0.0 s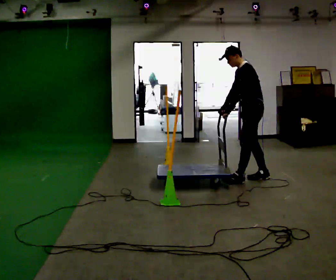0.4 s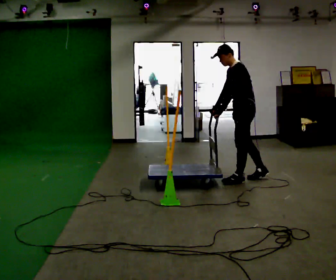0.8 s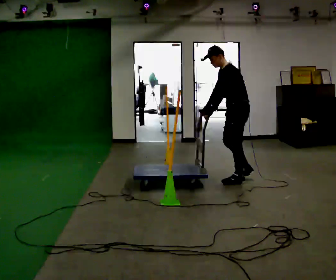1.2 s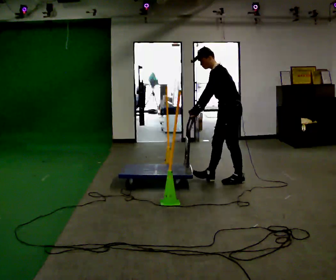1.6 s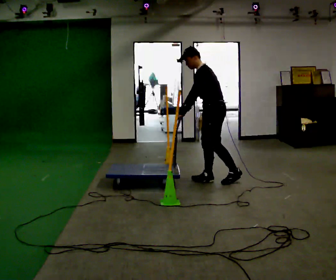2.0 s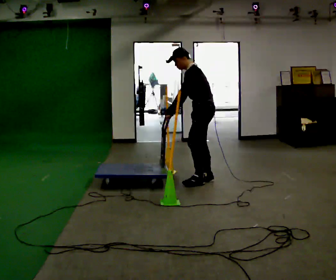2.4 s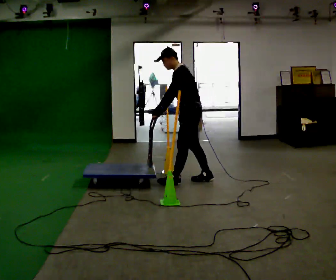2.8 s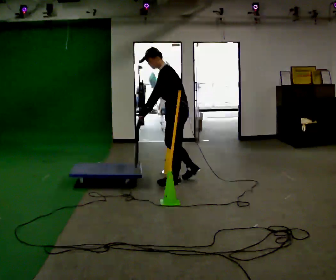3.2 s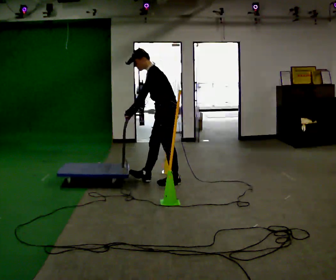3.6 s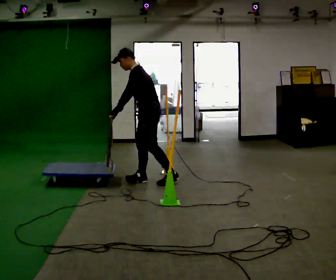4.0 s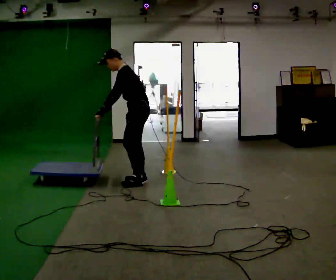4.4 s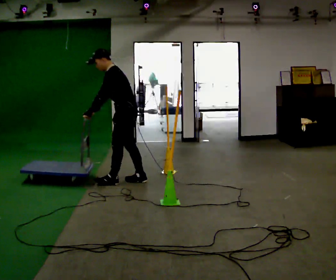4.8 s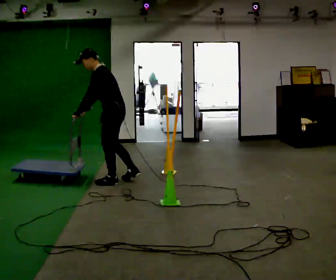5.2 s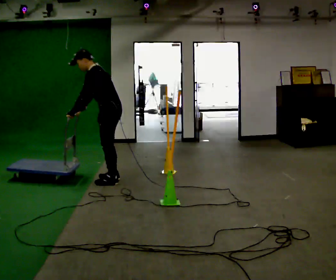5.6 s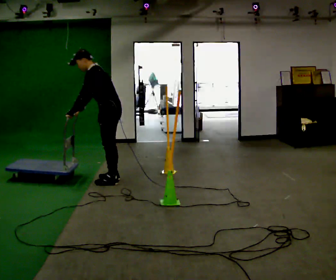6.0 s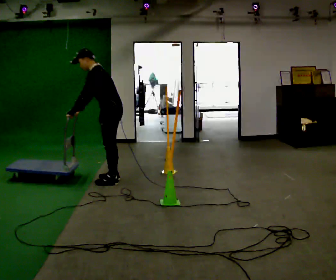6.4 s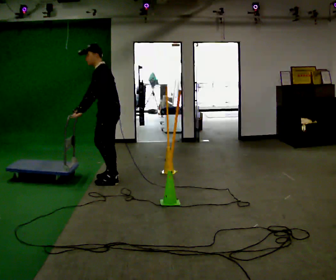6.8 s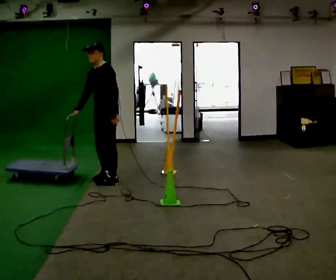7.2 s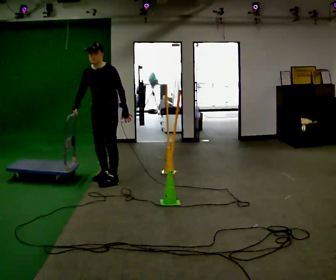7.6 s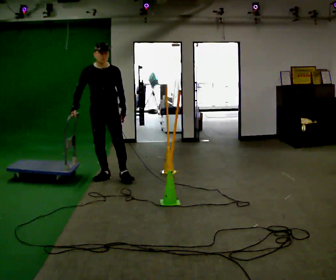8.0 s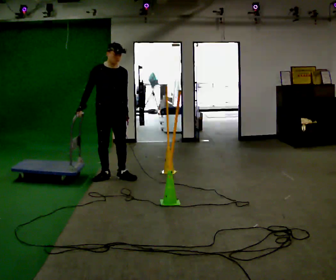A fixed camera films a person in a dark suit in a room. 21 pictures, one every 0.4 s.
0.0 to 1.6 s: In the picture they go to the left, about 0.5 m in 1 step, which for them is forward.
1.6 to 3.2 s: In the picture they go to the left, about 0.5 m in 1 step, which for them is forward.
3.2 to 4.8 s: In the picture they go to the left, about 0.5 m in 2 steps, which for them is forward.
4.8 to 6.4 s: The person moves a little, or ends about where they began.
6.4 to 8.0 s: The person turns about 105 degrees to their left, counterclockwise seen from above, so the part of the body nearest the lens slides to the right. In the picture they go away from the camera, about 0.25 m in 2 steps. In the picture the upper body tilts clockwise, shoulders to the right. In the picture their left hand goes to the right.
The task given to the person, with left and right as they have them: Push the cart in and out of the line of poles without touching any of them. Keep going until the operator says stop.
The film runs forward here.
